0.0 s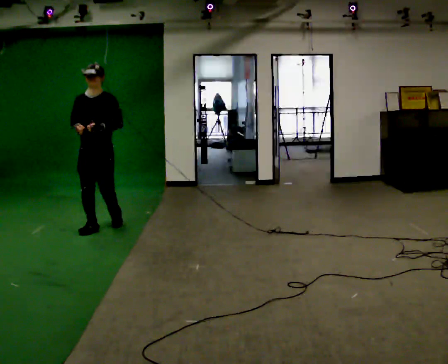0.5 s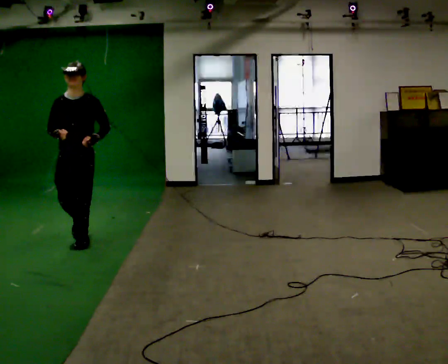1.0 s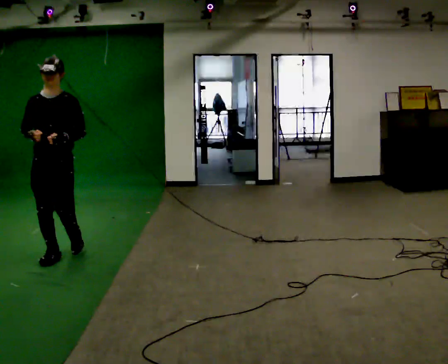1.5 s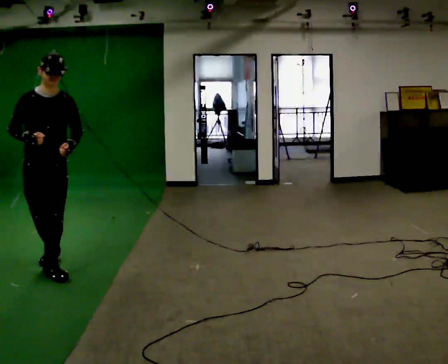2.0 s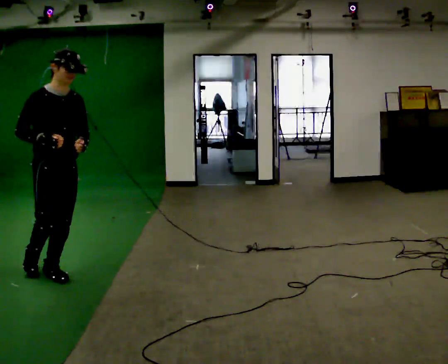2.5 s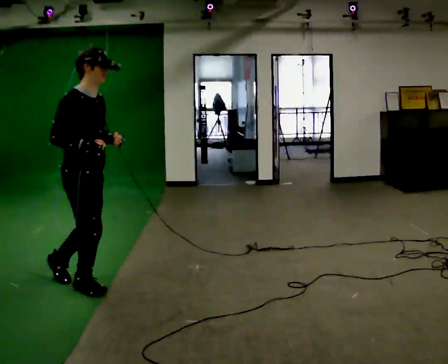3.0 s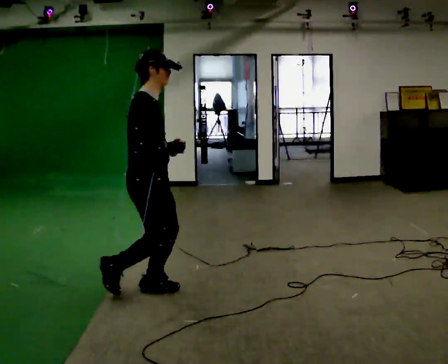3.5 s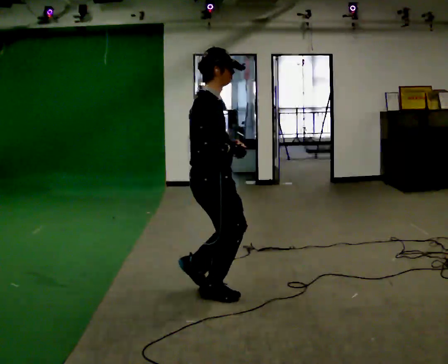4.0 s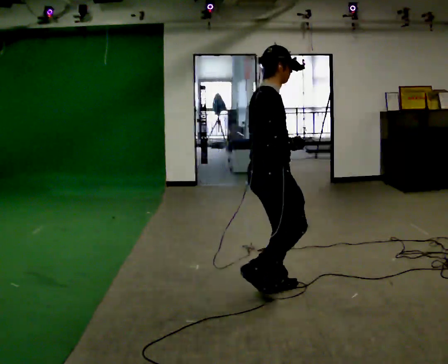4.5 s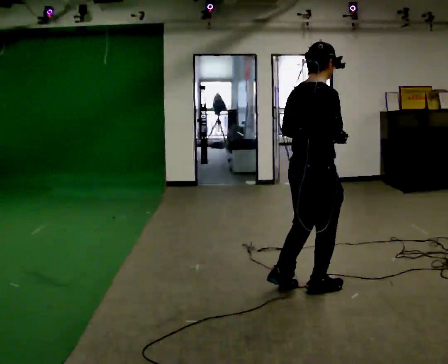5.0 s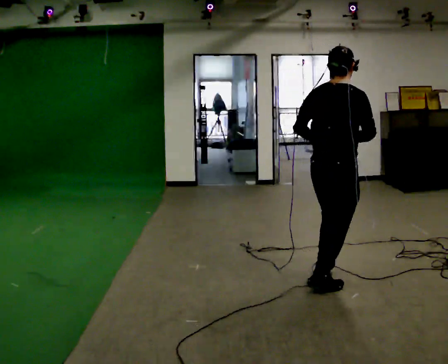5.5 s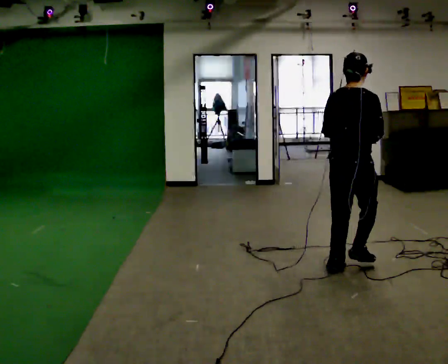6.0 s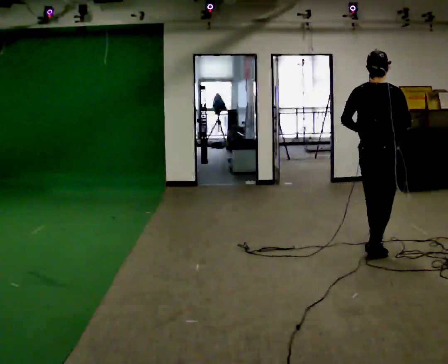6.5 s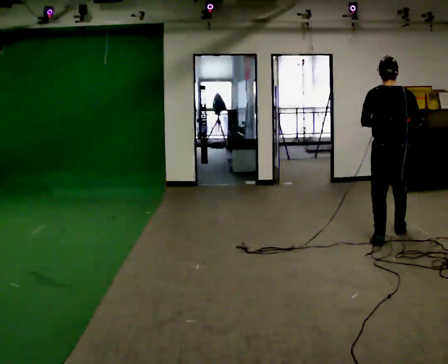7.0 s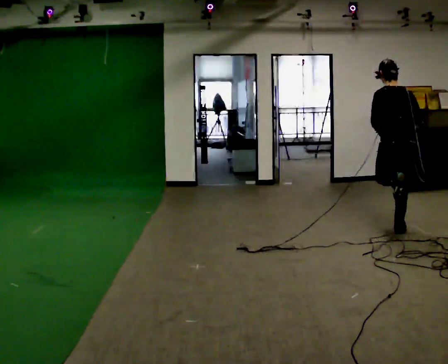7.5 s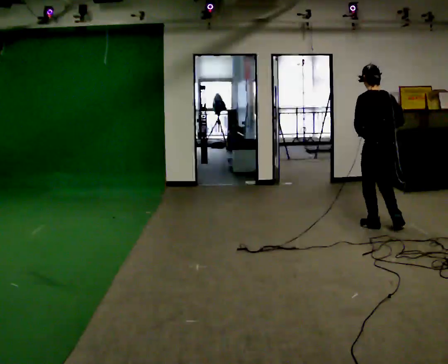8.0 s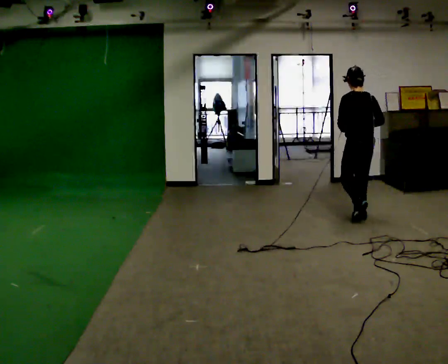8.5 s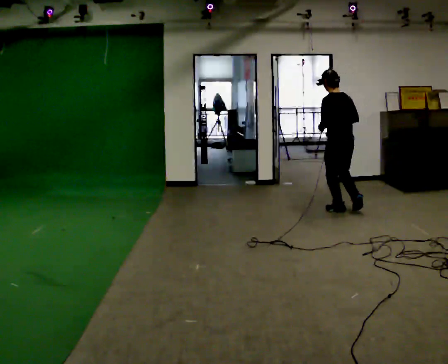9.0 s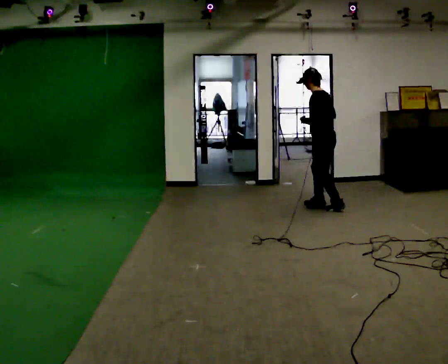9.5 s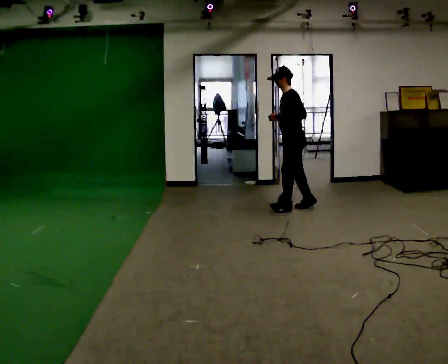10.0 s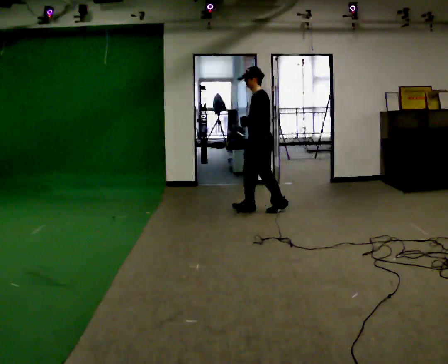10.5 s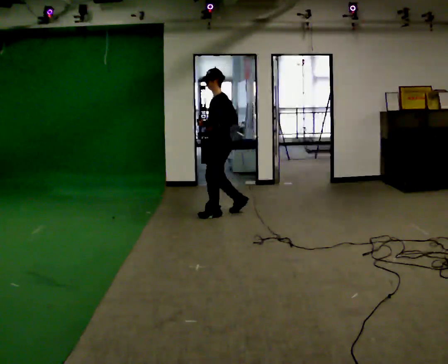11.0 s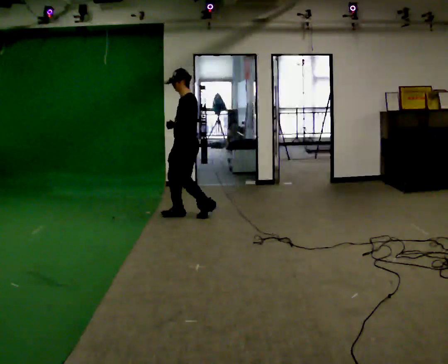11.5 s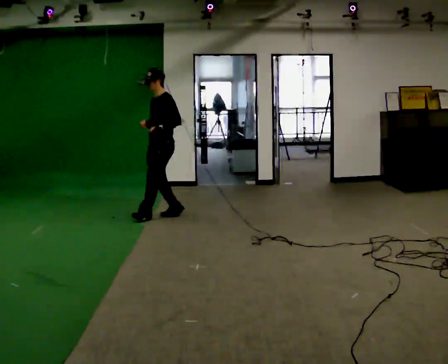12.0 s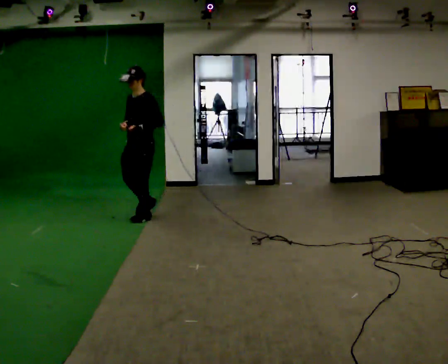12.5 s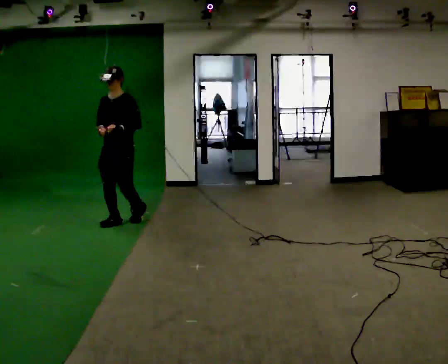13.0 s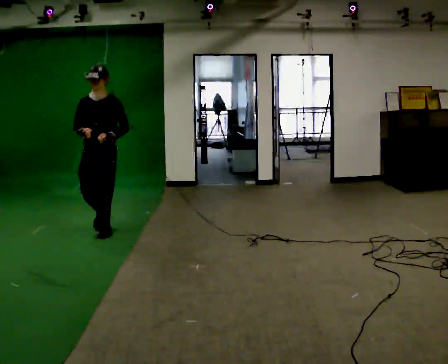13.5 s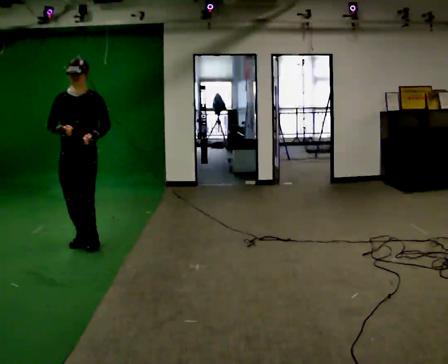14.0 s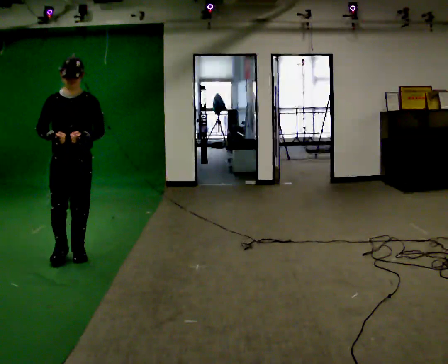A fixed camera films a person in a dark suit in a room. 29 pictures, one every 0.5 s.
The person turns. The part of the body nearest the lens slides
to the right.
The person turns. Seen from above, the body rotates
counterclockwise.
0.0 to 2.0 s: The person turns about 45 degrees to their left, counterclockwise seen from above, so the part of the body nearest the lens slides to the right. In the picture they go toward the camera, about 1.5 m in 3 steps, which for them is forward.
2.0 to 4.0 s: The person turns about 45 degrees to their left, counterclockwise seen from above, so the part of the body nearest the lens slides to the right. In the picture they go to the right, about 1.5 m in 4 steps, which for them is forward.
4.0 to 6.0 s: The part of the body nearest the lens slides to the right as the person turns to their left by about 45 degrees. In the picture they go away from the camera and to the right, about 1 m in 3 steps, which for them is forward.
6.0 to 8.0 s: Seen from above the body turns counterclockwise, about 45 degrees: to their left, with its near side sliding to the right. In the picture they go away from the camera, about 1 m in 4 steps, which for them is forward.
8.0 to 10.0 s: The part of the body nearest the lens slides to the right as the person turns to their left by about 90 degrees. In the picture they go to the left, about 1 m in 3 steps.
10.0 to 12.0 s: The person turns about 30 degrees to their left, counterclockwise seen from above, so the part of the body nearest the lens slides to the right. In the picture they go to the left and toward the camera, about 1.5 m in 4 steps, which for them is forward.
12.0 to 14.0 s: The part of the body nearest the lens slides to the right as the person turns to their left by about 60 degrees. In the picture they go toward the camera, about 1.5 m in 4 steps, which for them is forward.
The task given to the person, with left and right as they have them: Jog the curves and run hard along the straight sections, then ease off into the next curve. Keep going until the operator says stop.
The film runs forward here.
